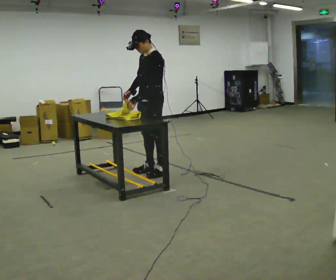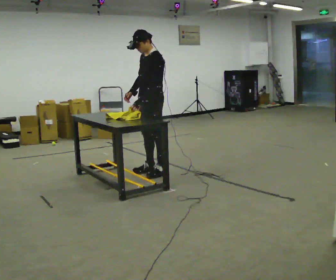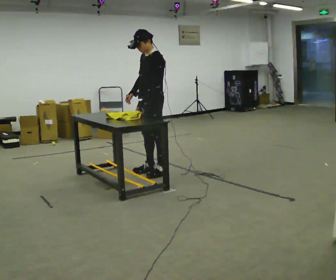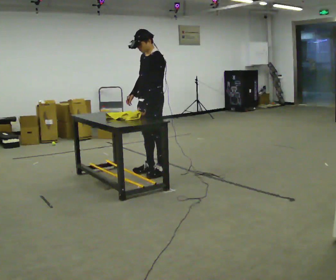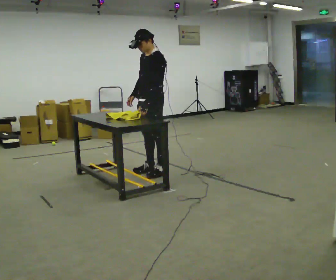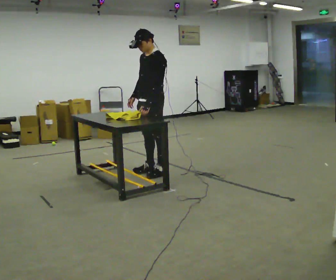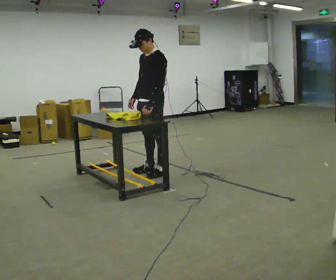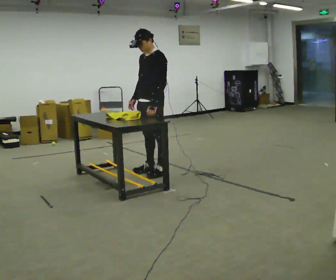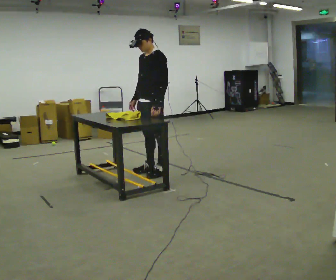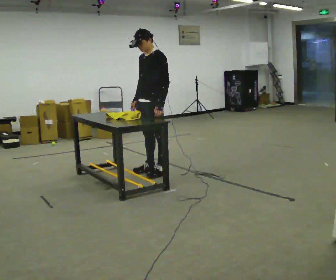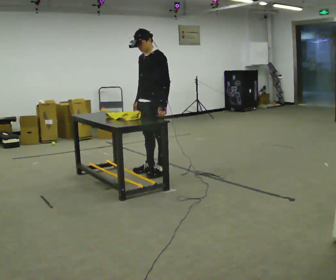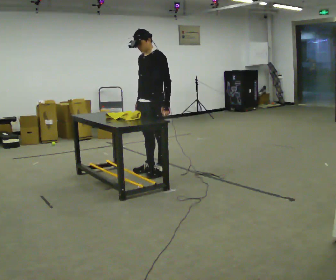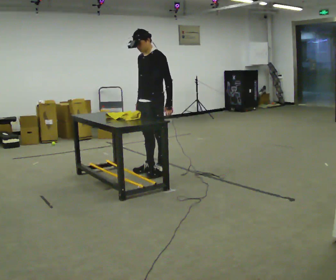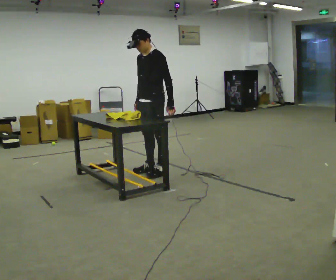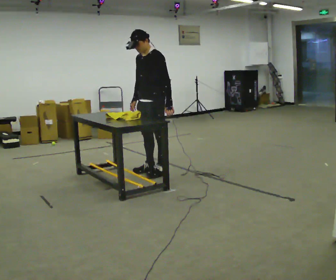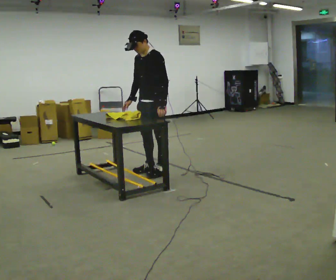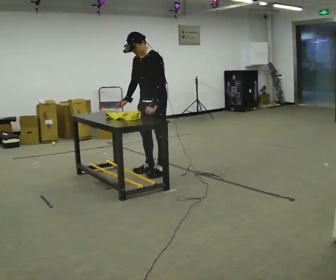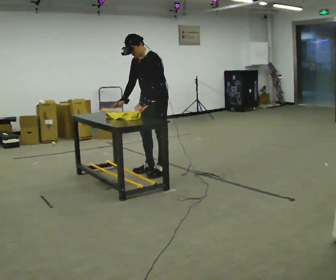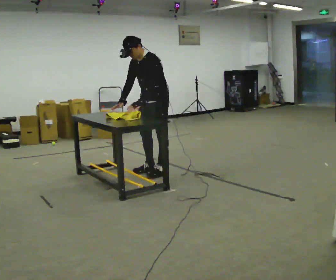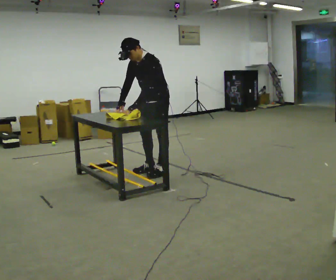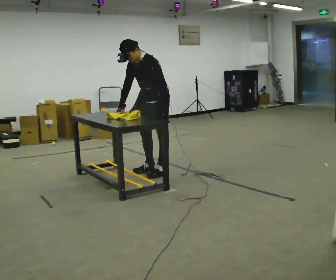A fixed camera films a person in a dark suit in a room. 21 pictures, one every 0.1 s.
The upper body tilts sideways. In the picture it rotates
counterclockwise.
0.0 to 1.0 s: The person moves a little, or ends about where they began.
1.0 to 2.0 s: In the picture the upper body tilts counterclockwise, shoulders to the left, as they bend forward.
The film runs backward here.
